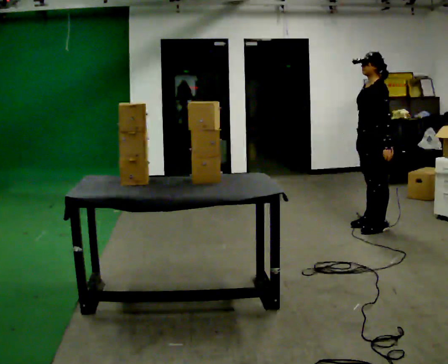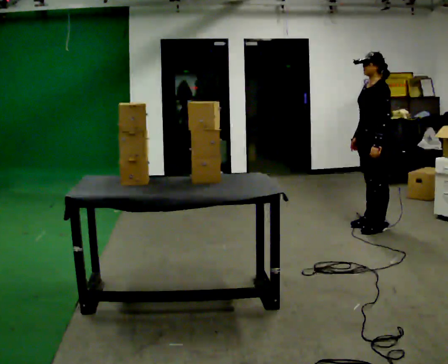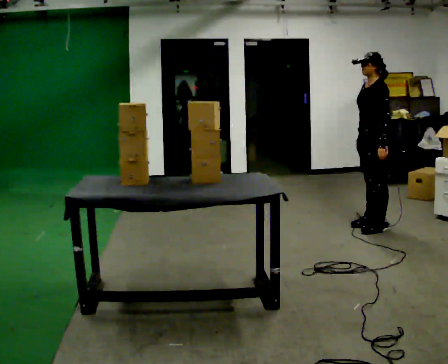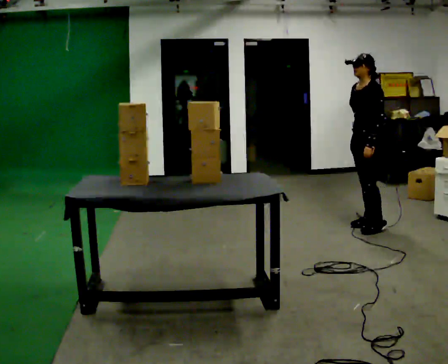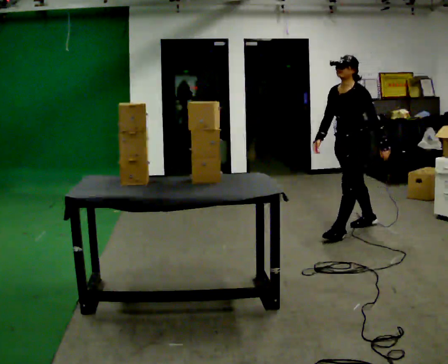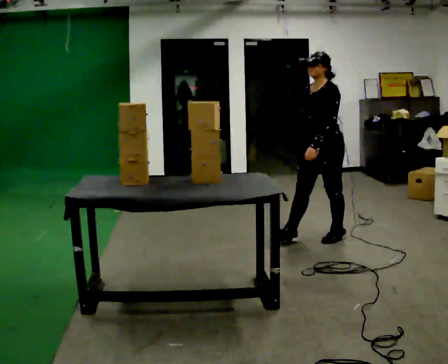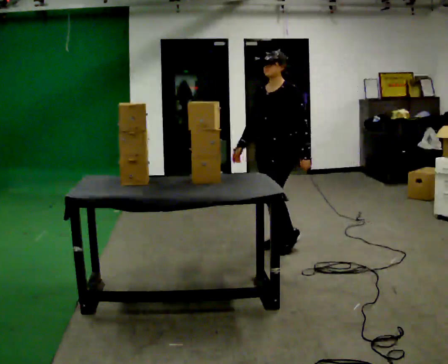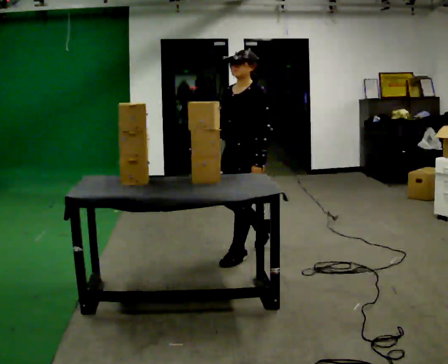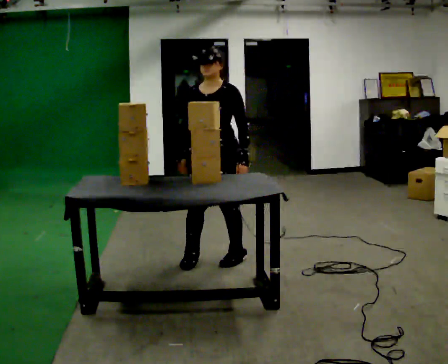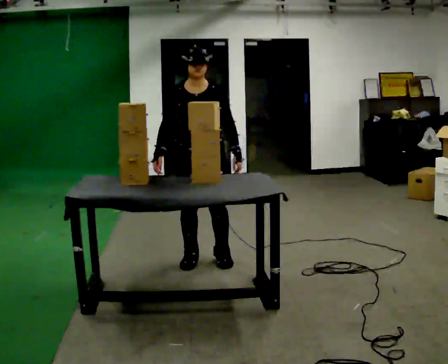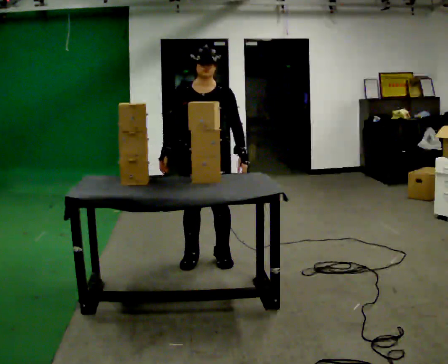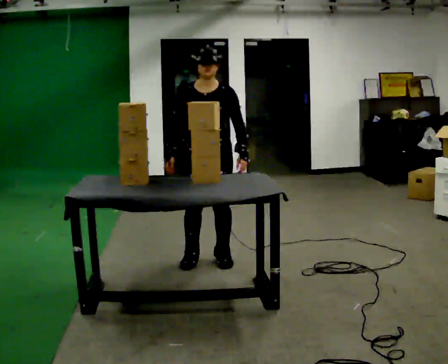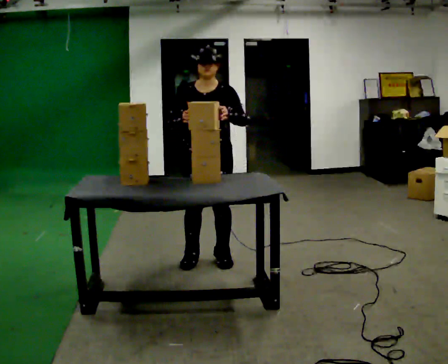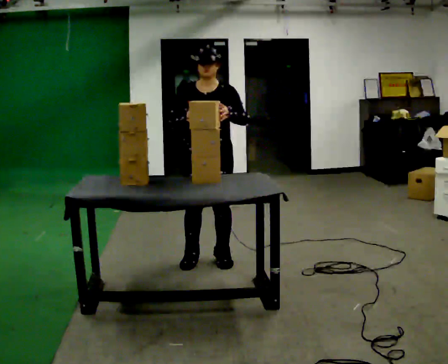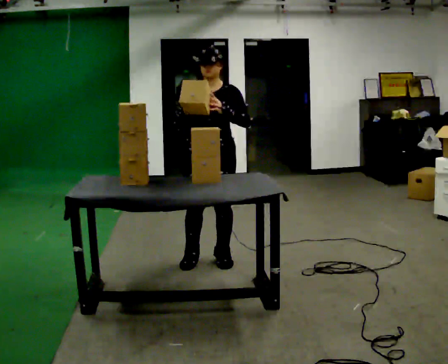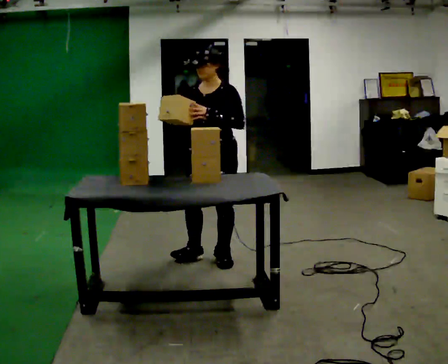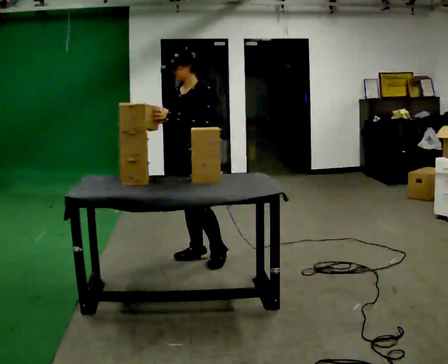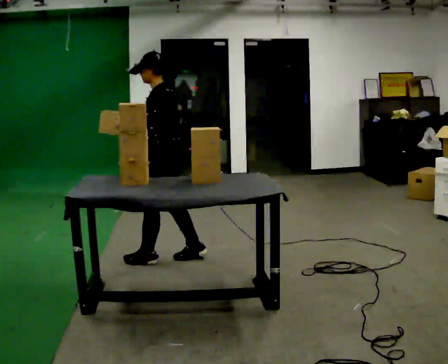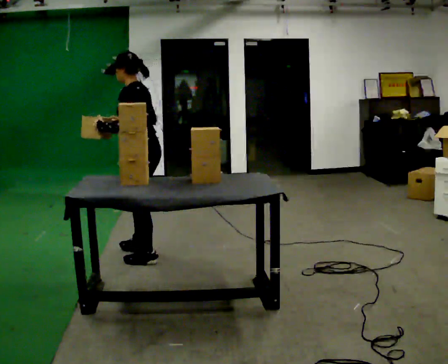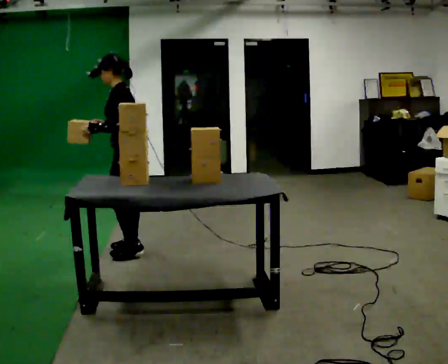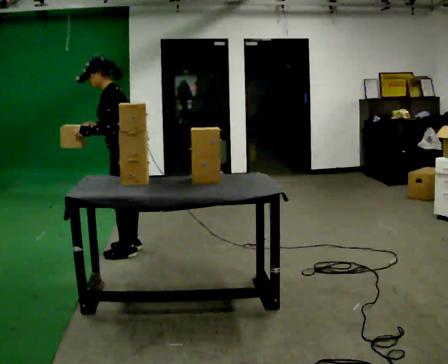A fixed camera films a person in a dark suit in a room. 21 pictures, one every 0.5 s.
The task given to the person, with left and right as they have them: Take boxes off the top of the stack one at a time and carry them away, walking back for each one. Keep going until the operator says stop; one object at a time, and do not rush between trips.
0.0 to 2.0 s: In the picture they go to the left, about 0.25 m in 1 step, which for them is forward. In the picture their right hand goes to the left.
2.0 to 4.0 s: Seen from above the body turns counterclockwise, about 45 degrees: to their left, with its near side sliding to the right. In the picture they go to the left and toward the camera, about 1.5 m in 3 steps, which for them is forward.
4.0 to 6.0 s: The person moves a little, or ends about where they began.
6.0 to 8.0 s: Seen from above the body turns clockwise, about 45 degrees: to their right, with its near side sliding to the left.
8.0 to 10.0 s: Seen from above the body turns clockwise, about 30 degrees: to their right, with its near side sliding to the left. In the picture they go to the left, about 0.5 m in 3 steps, which for them is forward. In the picture the upper body tilts counterclockwise, shoulders to the left.
The film runs forward here.
